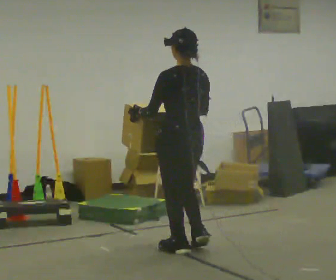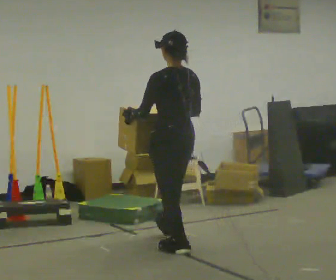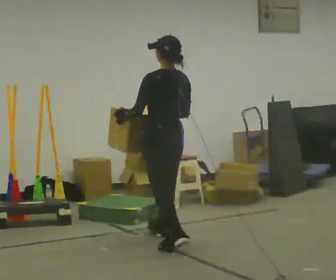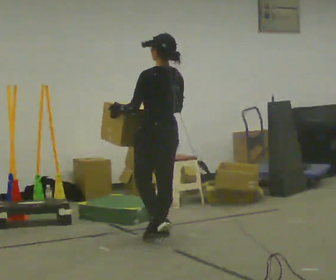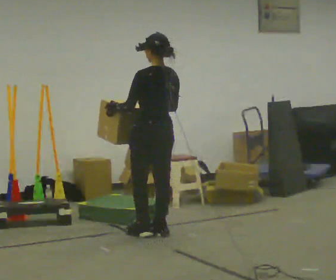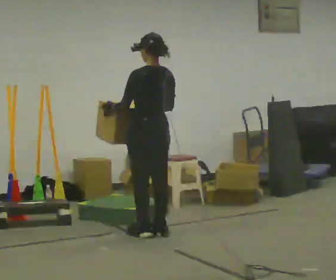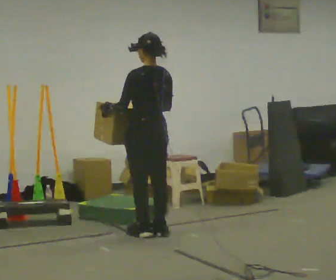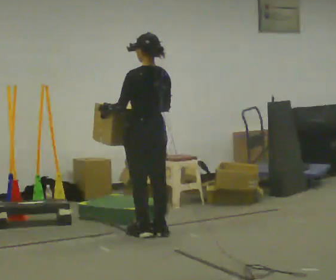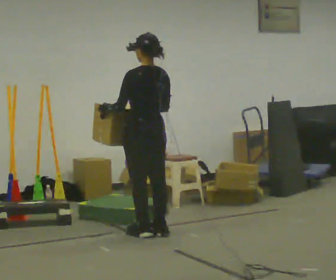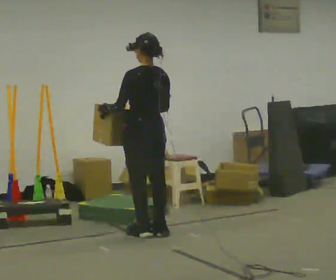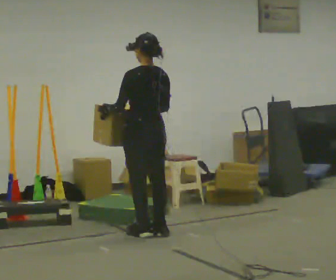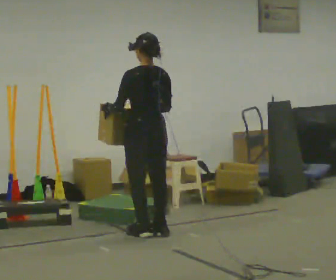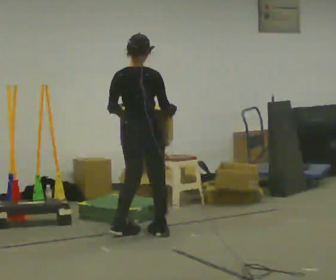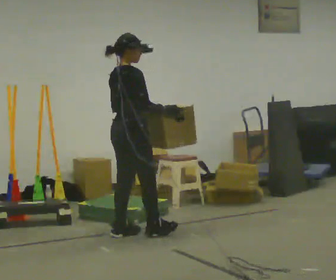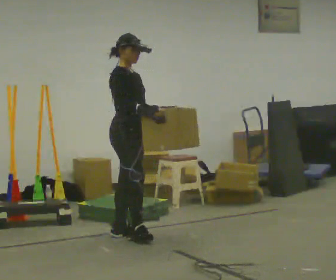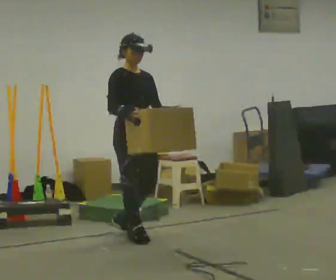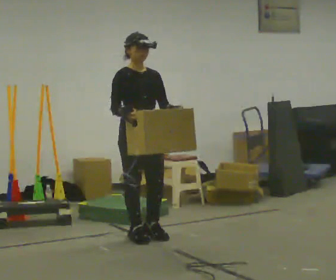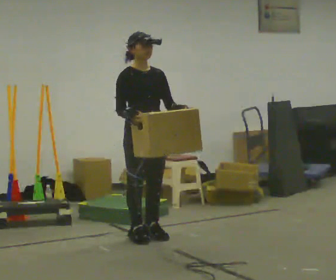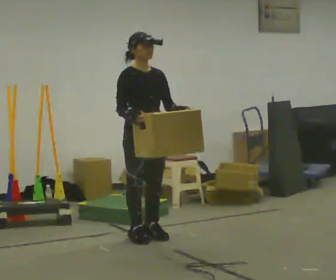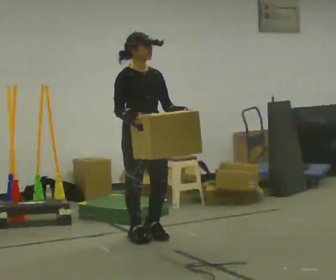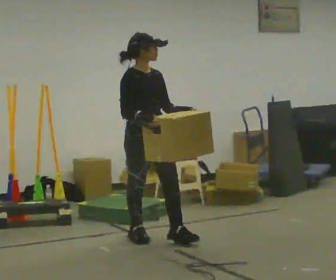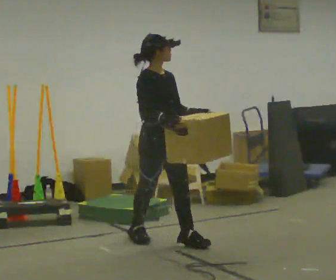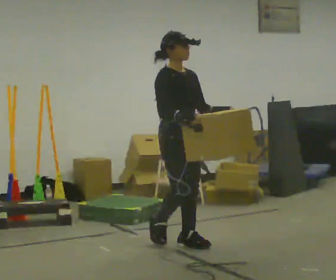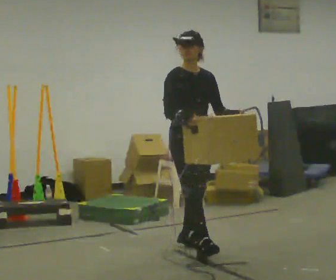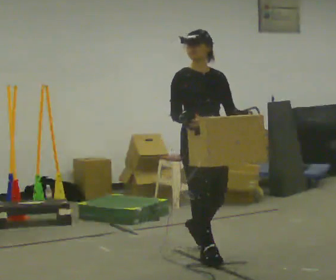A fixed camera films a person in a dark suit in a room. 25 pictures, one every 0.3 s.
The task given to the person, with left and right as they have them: Carry the box across the room while freely looking around at the walls, ceiling and floor. Keep going until the operator says stop; one object at a time, and do not rush between trips.
0.0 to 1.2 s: In the picture they go away from the camera, about 0.5 m in 2 steps, which for them is forward.
1.2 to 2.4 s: The person moves a little, or ends about where they began.
2.4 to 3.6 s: The person turns about 60 degrees to their right, clockwise seen from above, so the part of the body nearest the lens slides to the left.
3.6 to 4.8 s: The part of the body nearest the lens slides to the left as the person turns to their right by about 120 degrees. In the picture they go toward the camera, about 0.25 m in 2 steps. In the picture their right hand goes to the left.
4.8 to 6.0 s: The person moves a little, or ends about where they began.
6.0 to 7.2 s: In the picture they go toward the camera and to the right, about 0.75 m in 2 steps, which for them is forward.
The film runs forward here.
